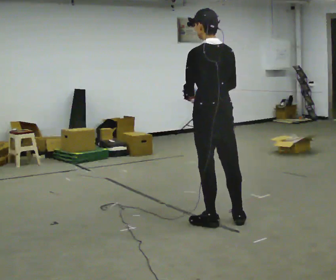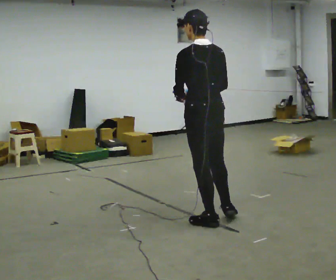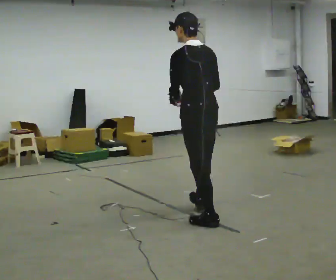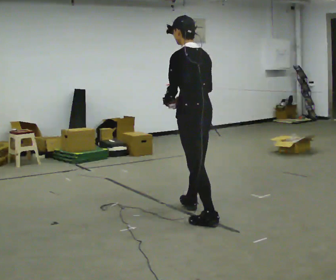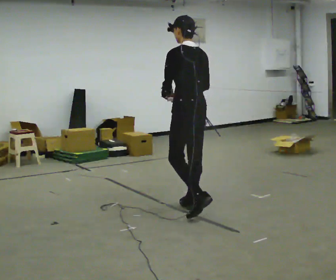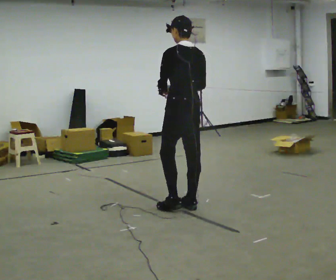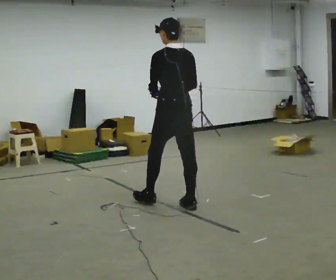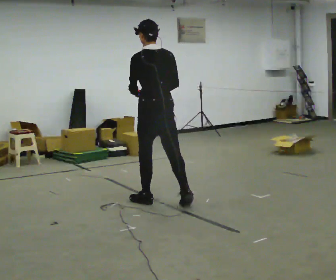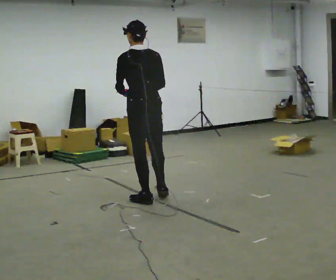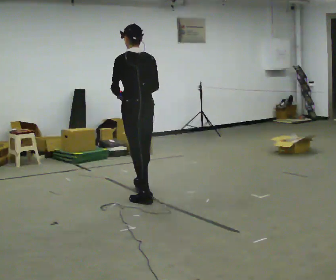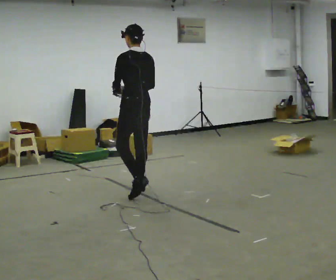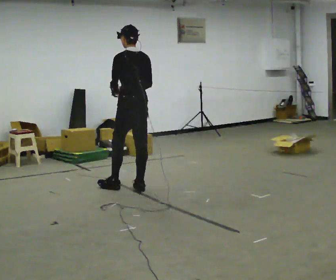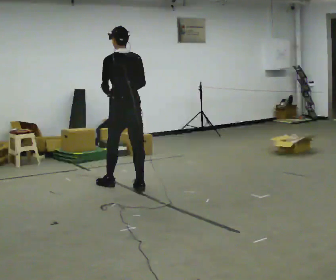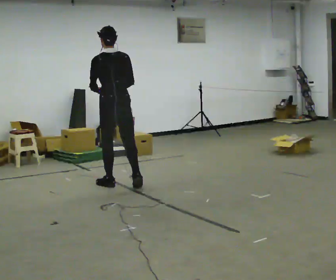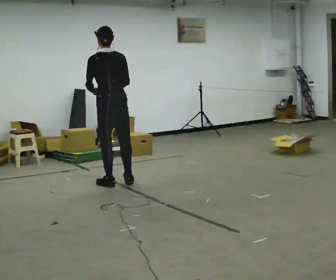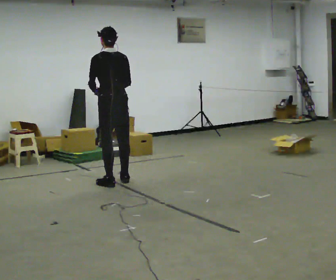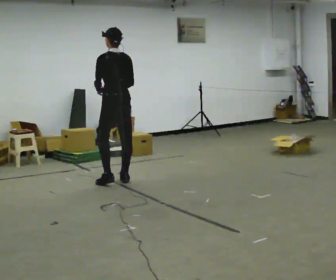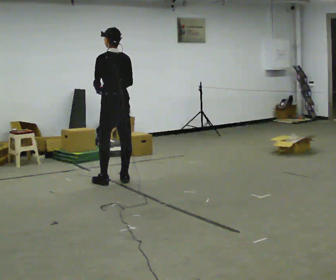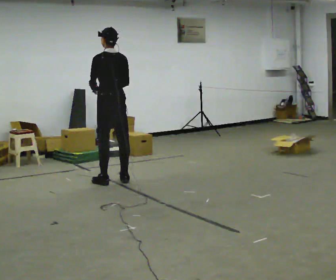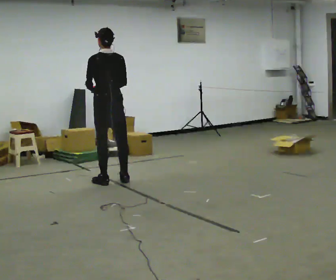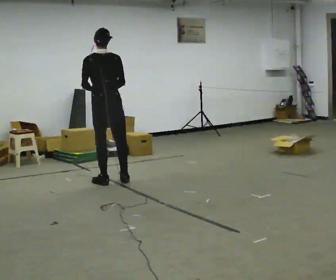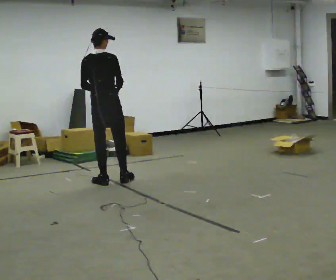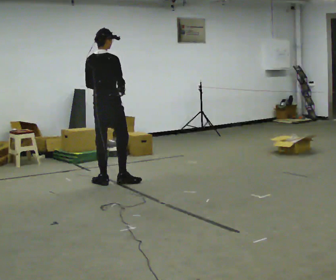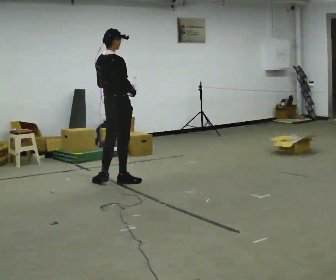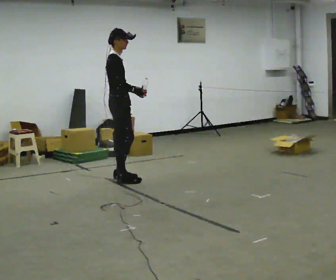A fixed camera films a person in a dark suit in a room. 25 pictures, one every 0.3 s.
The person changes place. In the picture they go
away from the camera.
0.0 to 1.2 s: In the picture they go away from the camera, about 0.5 m in 1 step, which for them is forward.
1.2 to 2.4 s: In the picture they go away from the camera and to the left, about 0.5 m in 1 step, which for them is forward.
2.4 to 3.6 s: In the picture they go away from the camera, about 0.5 m in 2 steps, which for them is forward and to their right.
3.6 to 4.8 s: In the picture they go away from the camera, about 0.25 m in 1 step, which for them is forward.
4.8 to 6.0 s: The part of the body nearest the lens slides to the left as the person turns to their right by about 30 degrees.
6.0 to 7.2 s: The part of the body nearest the lens slides to the left as the person turns to their right by about 90 degrees.
The film runs forward here.
